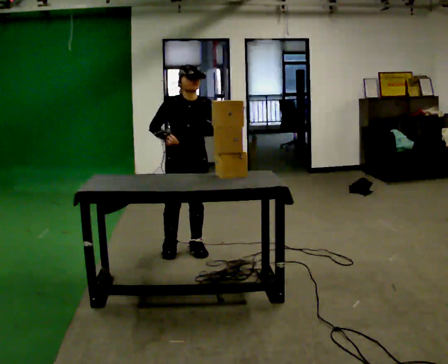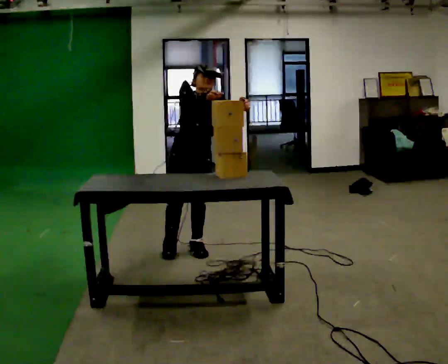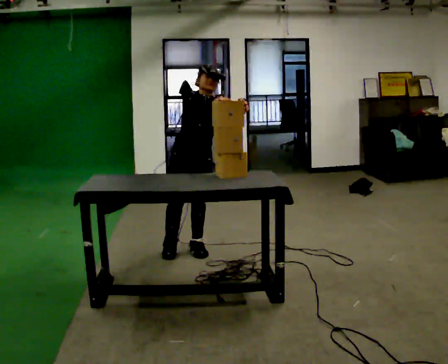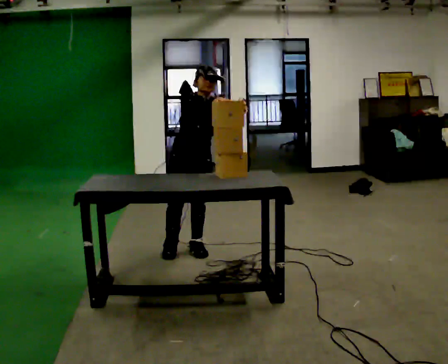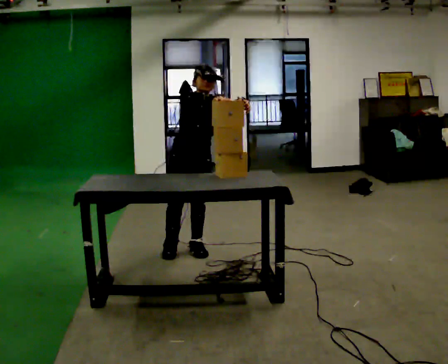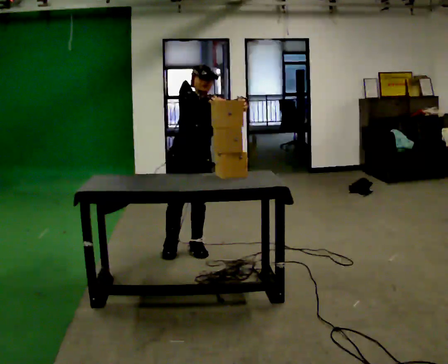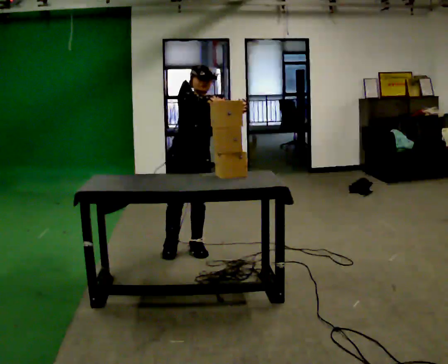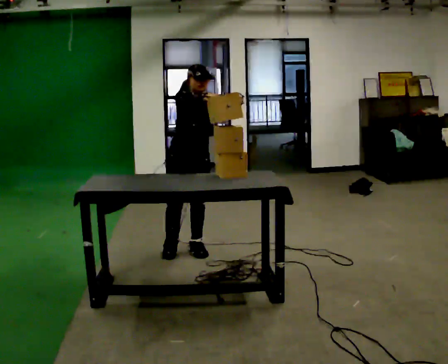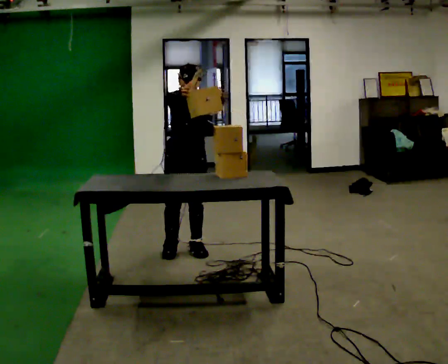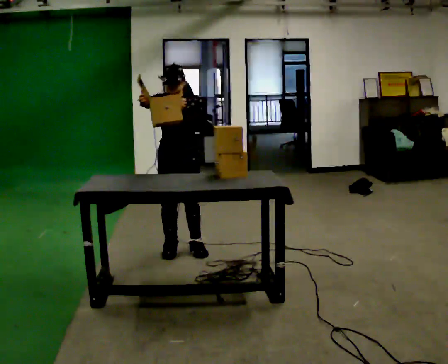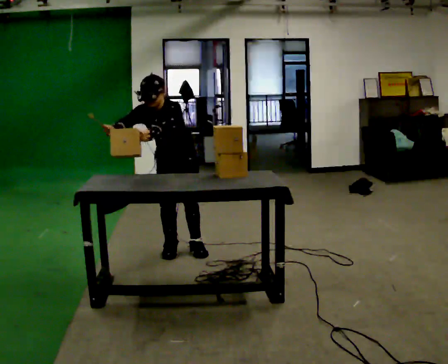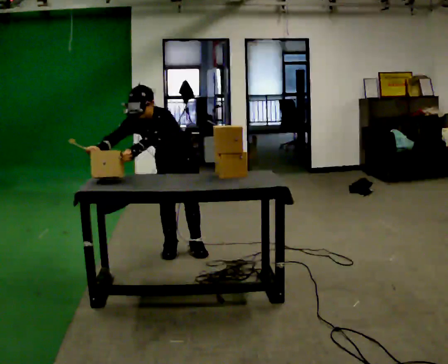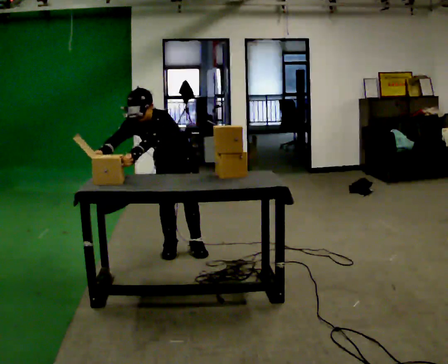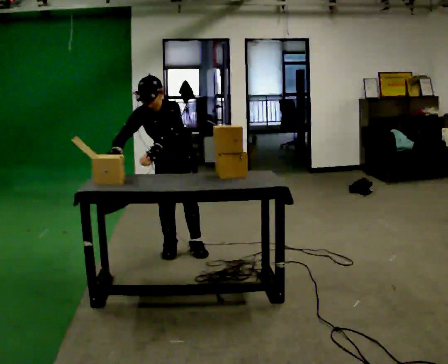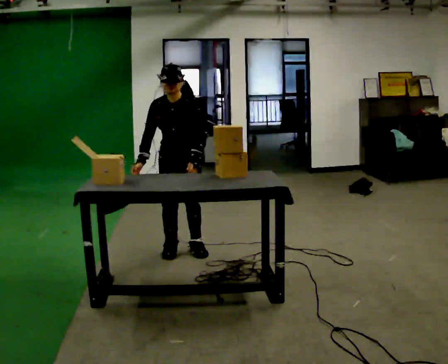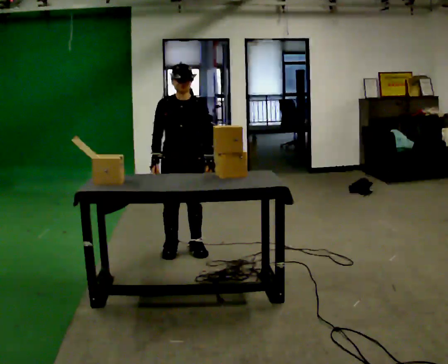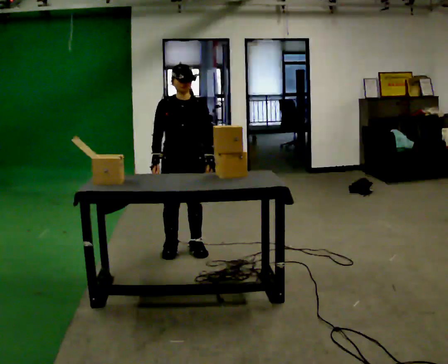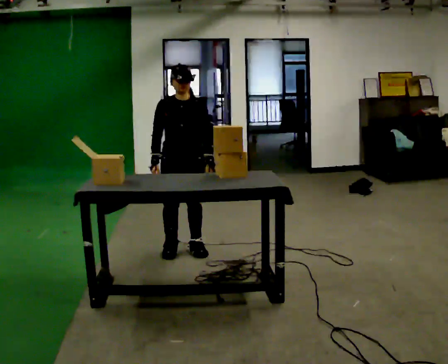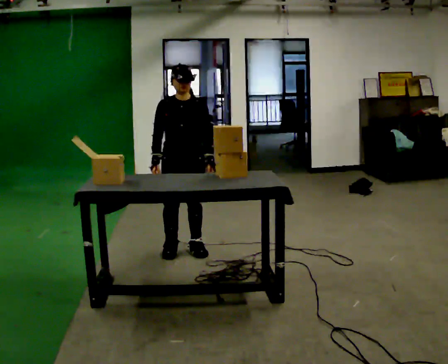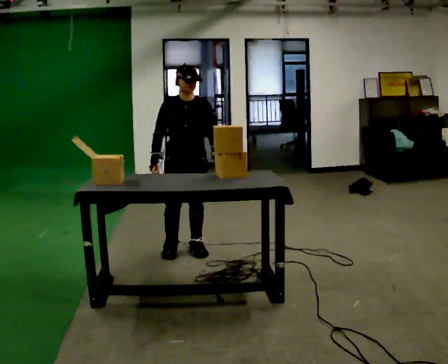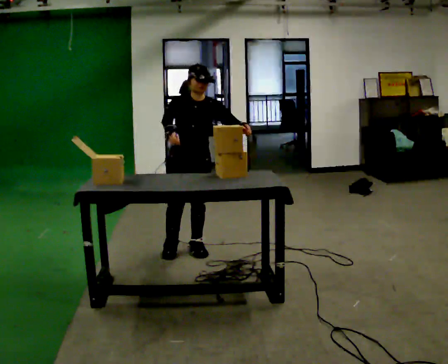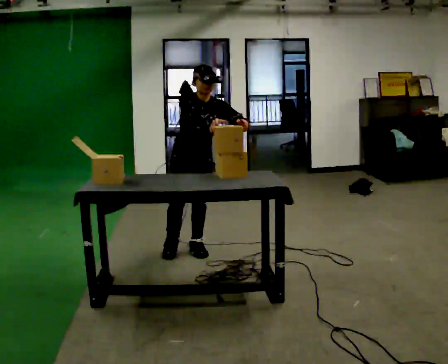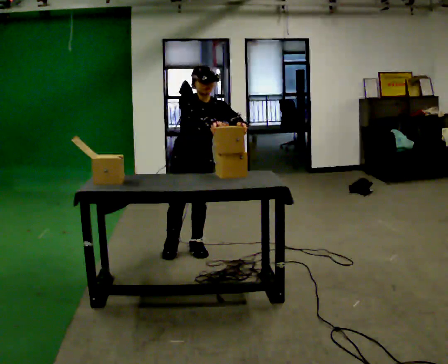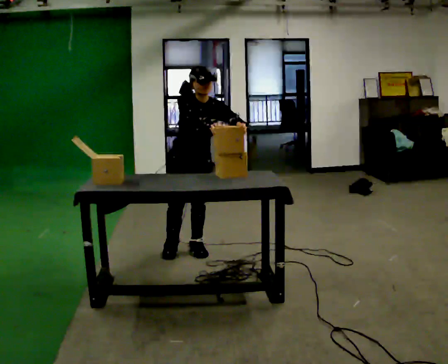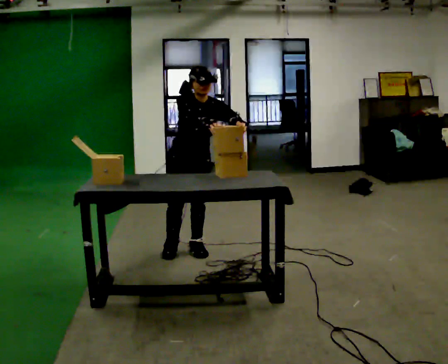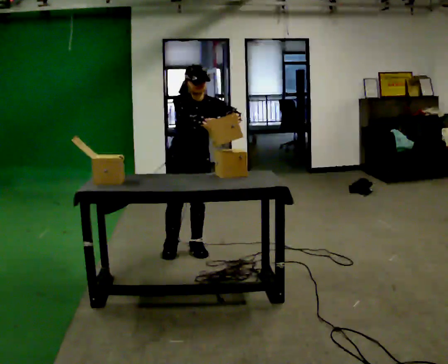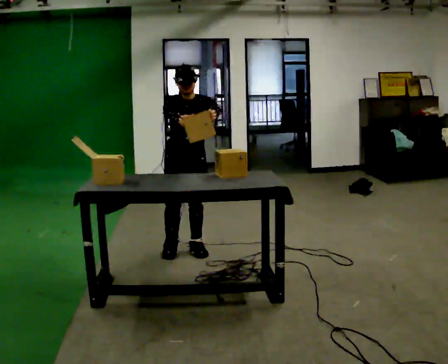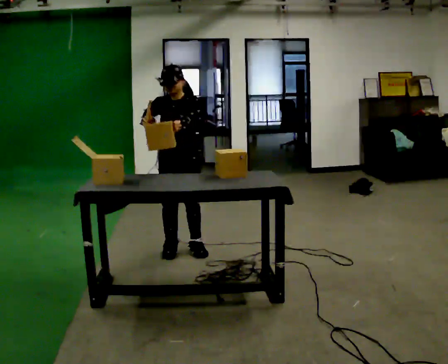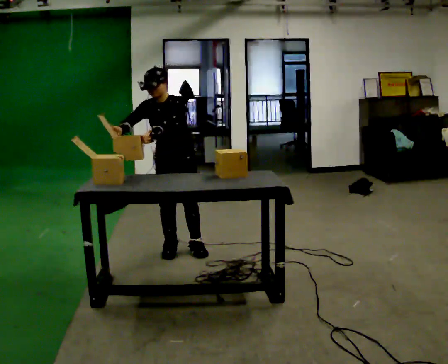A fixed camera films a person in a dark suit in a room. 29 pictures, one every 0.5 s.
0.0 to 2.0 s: In the picture their right hand goes to the right.
2.0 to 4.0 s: The person moves a little, or ends about where they began.
4.0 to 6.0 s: The upper body tips toward the camera, its near side rolling downward, as they bend forward. In the picture their left hand goes to the left and downward.
6.0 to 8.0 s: The upper body tips away from the camera, its near side rolling upward, as they lean back or straighten. In the picture their left hand goes to the right.
8.0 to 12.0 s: In the picture their right hand goes to the right.
12.0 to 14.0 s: In the picture the upper body tilts counterclockwise, shoulders to the left. In the picture their right hand goes to the left.
The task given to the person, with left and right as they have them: Take the stacked item apart piece by piece on the table, then put it back together. Repeat at your own pace until the operator says stop. Keep both feet on the marked spots for the whole take. If you have to step, stop and tell the operator.
The film runs forward here.
